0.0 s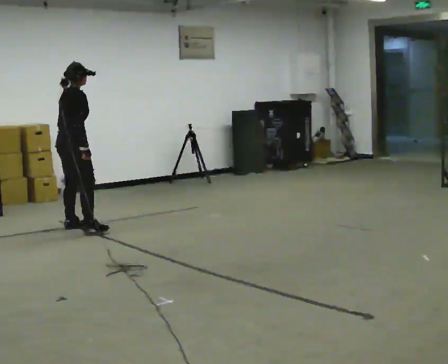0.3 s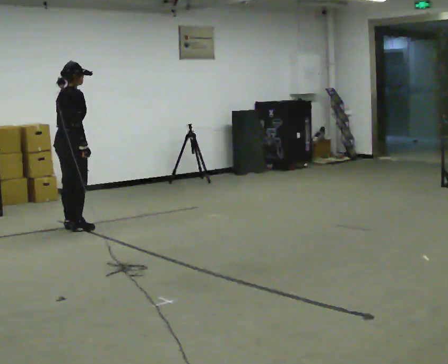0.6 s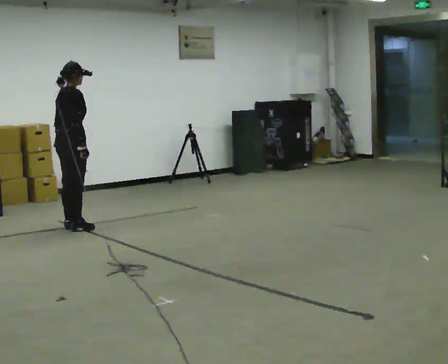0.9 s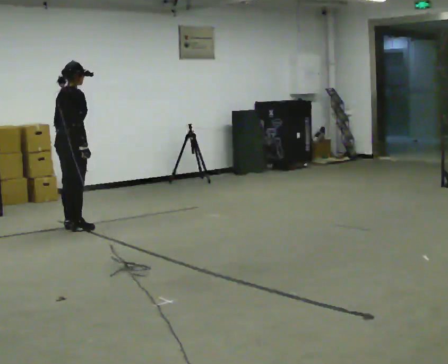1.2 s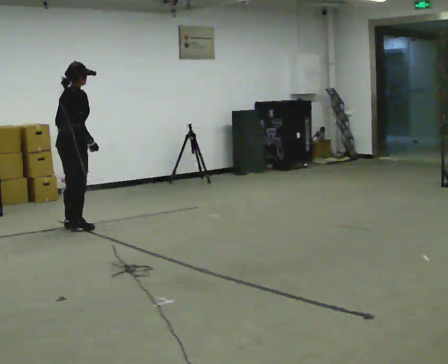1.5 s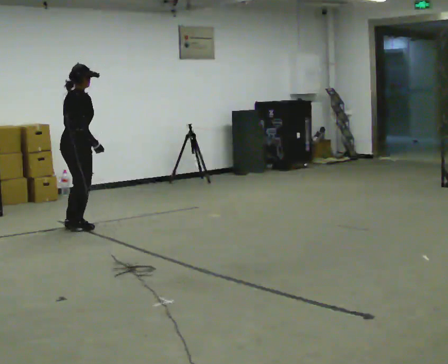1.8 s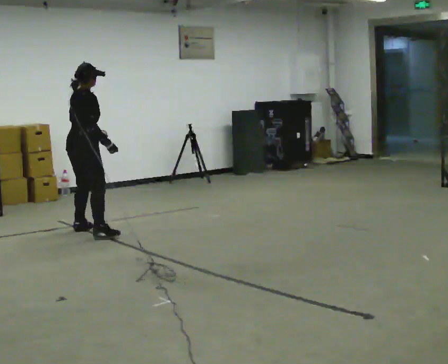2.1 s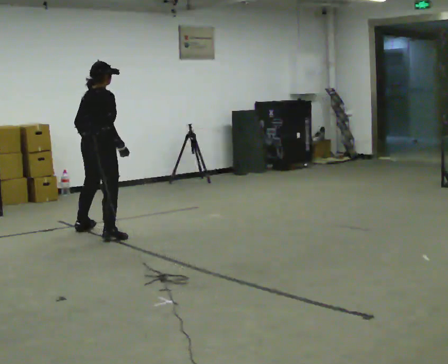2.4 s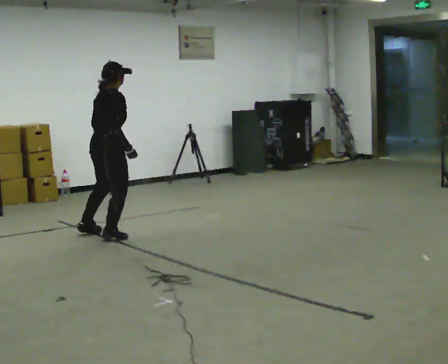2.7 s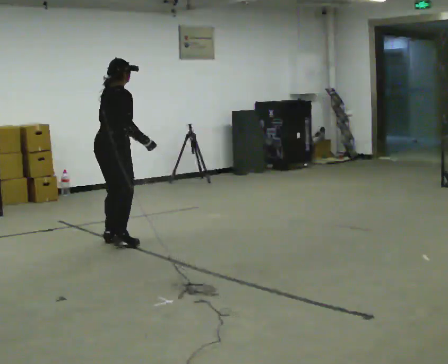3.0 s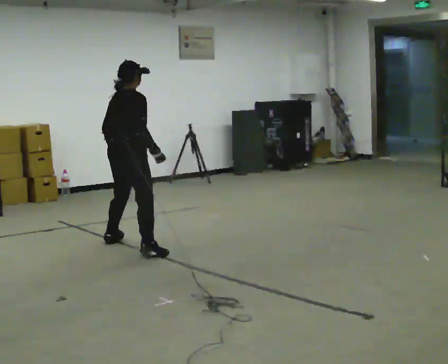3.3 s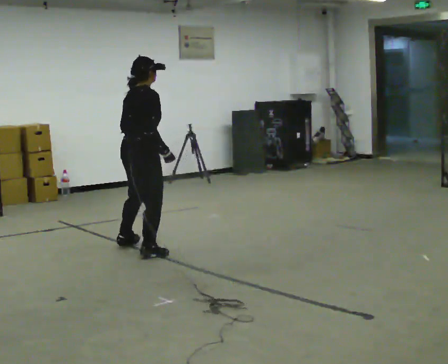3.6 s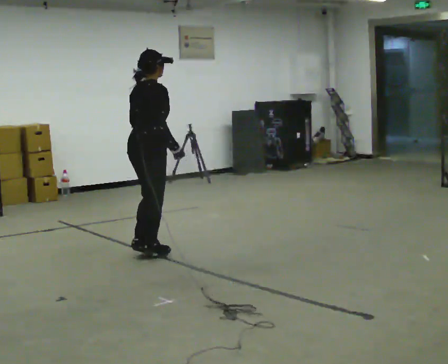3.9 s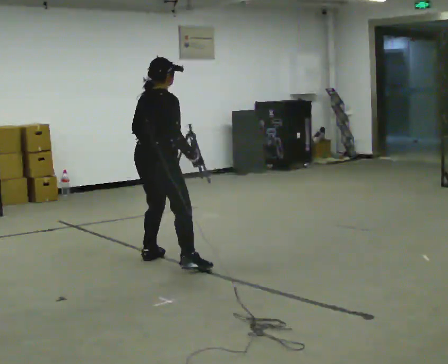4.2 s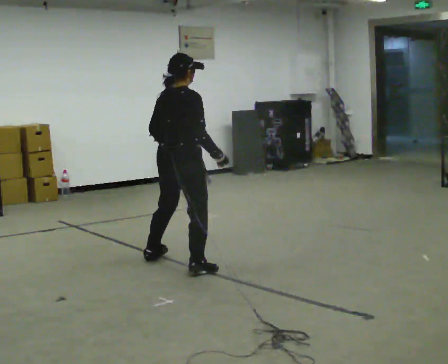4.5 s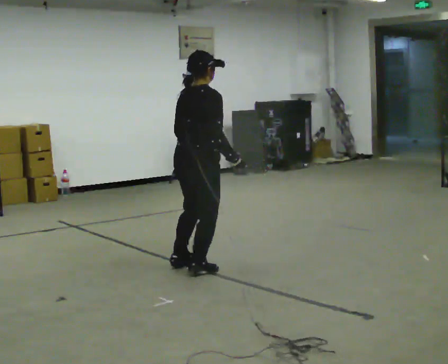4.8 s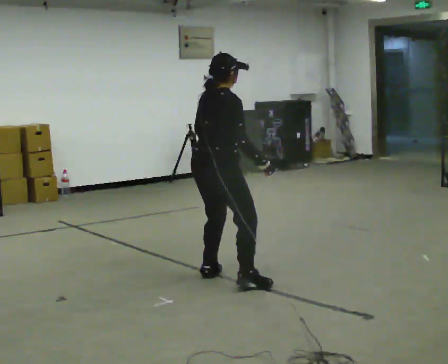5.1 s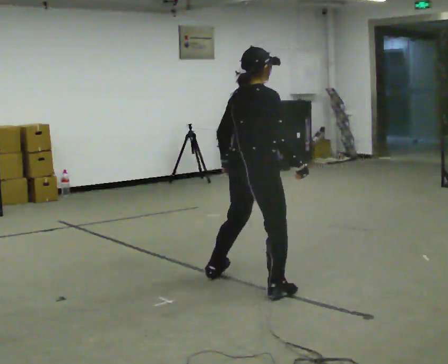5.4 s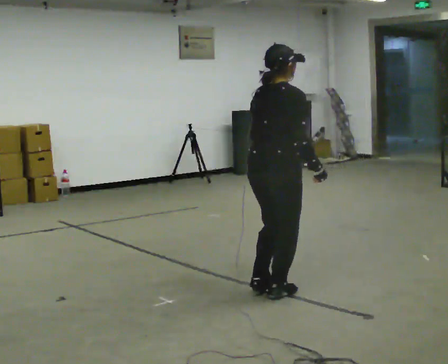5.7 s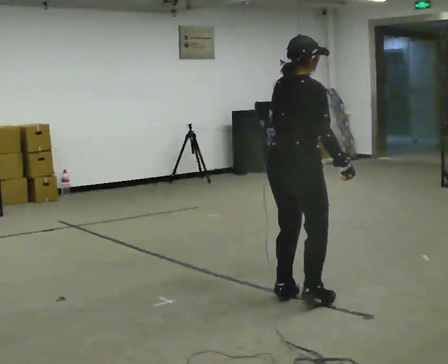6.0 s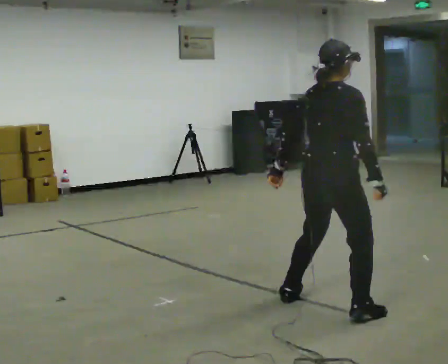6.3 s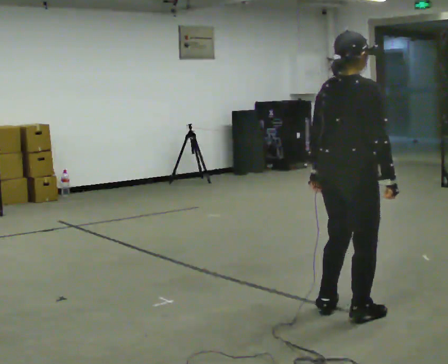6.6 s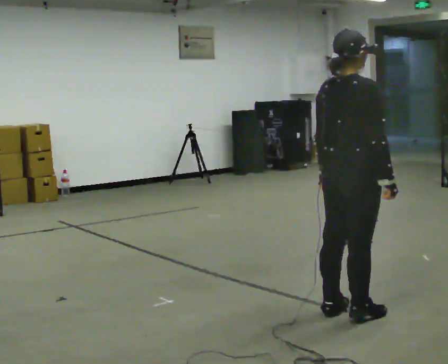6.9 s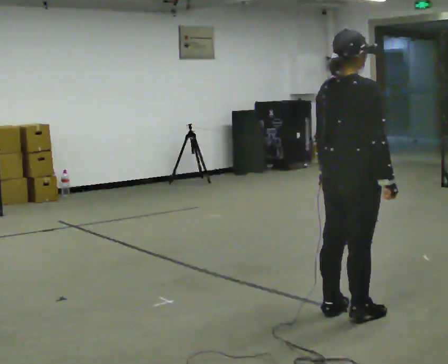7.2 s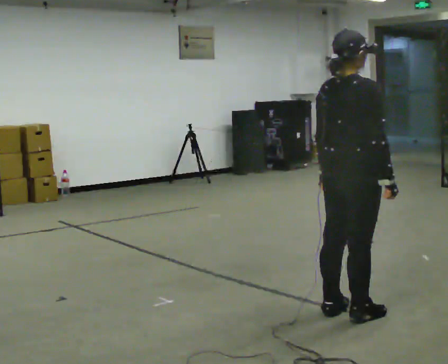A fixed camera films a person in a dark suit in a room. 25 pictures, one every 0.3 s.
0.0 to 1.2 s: The person moves a little, or ends about where they began.
1.2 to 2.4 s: In the picture they go toward the camera and to the right, about 0.5 m in 3 steps, which for them is to their right.
2.4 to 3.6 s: In the picture they go toward the camera and to the right, about 0.5 m in 3 steps, which for them is to their right.
3.6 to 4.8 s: In the picture they go toward the camera and to the right, about 1 m in 2 steps, which for them is to their right.
4.8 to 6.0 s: In the picture they go toward the camera and to the right, about 1 m in 3 steps, which for them is to their right.
6.0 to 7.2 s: The person moves a little, or ends about where they began.
The film runs backward here.
